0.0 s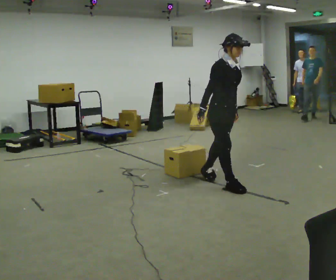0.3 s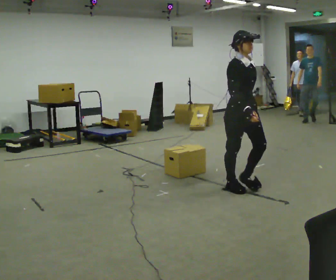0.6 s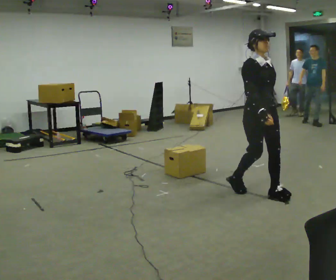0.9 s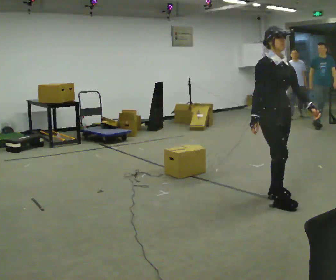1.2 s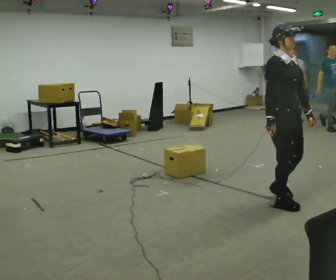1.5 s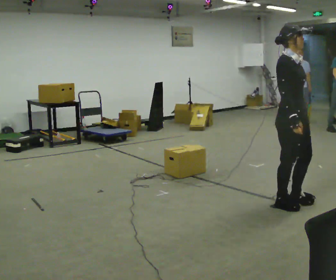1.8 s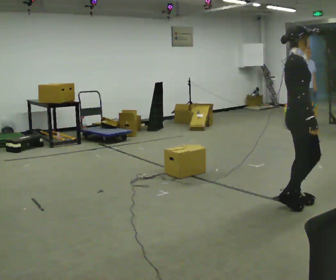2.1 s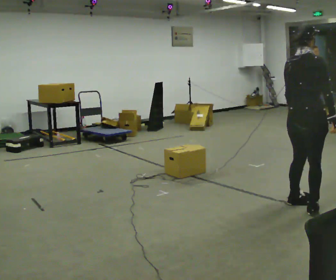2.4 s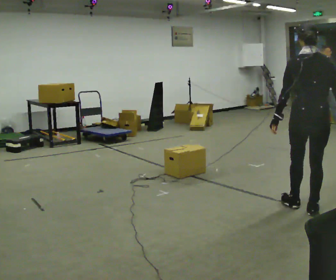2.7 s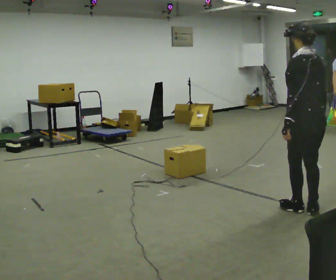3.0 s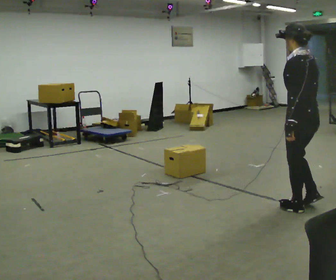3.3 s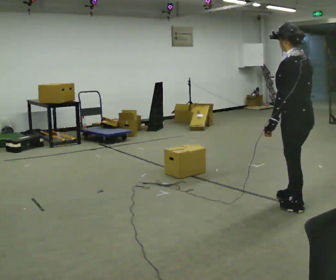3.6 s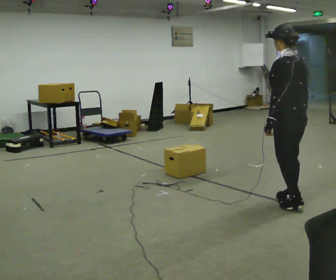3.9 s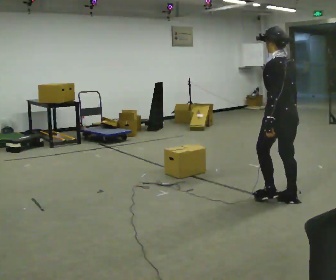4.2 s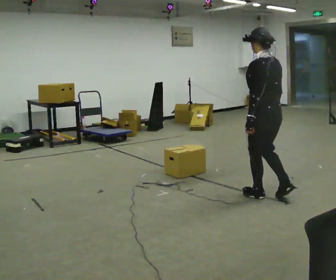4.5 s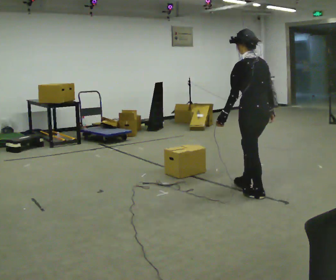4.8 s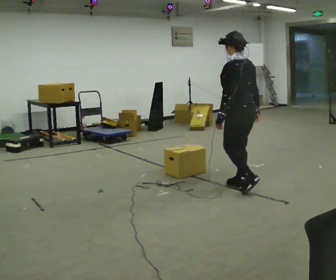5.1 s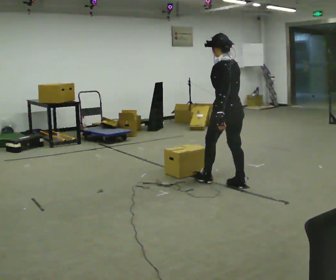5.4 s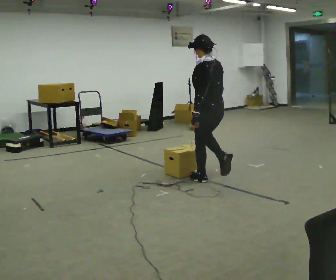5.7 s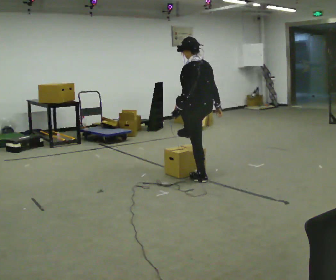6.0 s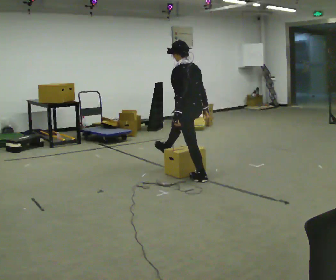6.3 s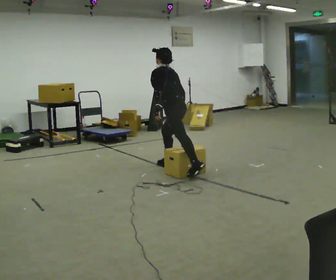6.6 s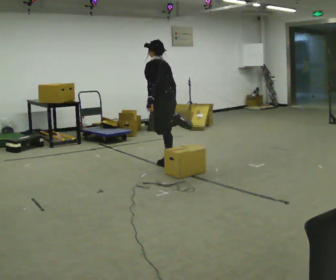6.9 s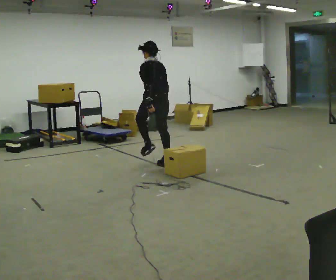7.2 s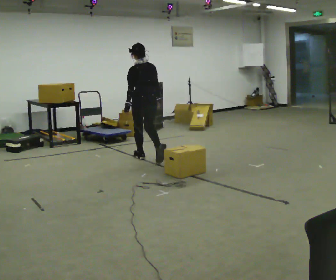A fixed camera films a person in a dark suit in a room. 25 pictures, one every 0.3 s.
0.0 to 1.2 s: In the picture they go to the right and toward the camera, about 1 m in 2 steps, which for them is forward.
1.2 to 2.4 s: The person turns about 135 degrees to their left, counterclockwise seen from above, so the part of the body nearest the lens slides to the right. In the picture they go to the right and toward the camera, about 0.25 m in 2 steps.
2.4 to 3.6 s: The person turns about 45 degrees to their left, counterclockwise seen from above, so the part of the body nearest the lens slides to the right. In the picture they go away from the camera and to the left, about 0.25 m in 2 steps, which for them is forward.
3.6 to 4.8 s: In the picture they go to the left and away from the camera, about 0.75 m in 2 steps, which for them is forward.
4.8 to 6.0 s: In the picture they go to the left and away from the camera, about 1 m in 2 steps, which for them is forward.
6.0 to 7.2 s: The person turns about 30 degrees to their right, clockwise seen from above, so the part of the body nearest the lens slides to the left. In the picture they go to the left and away from the camera, about 1 m in 1 step, which for them is forward.
The film runs forward here.
